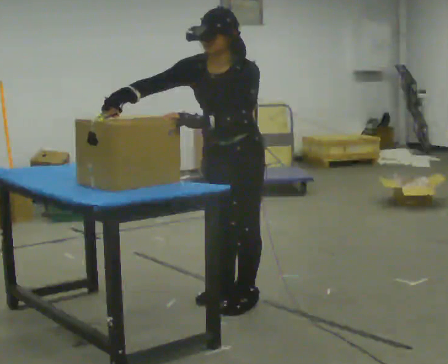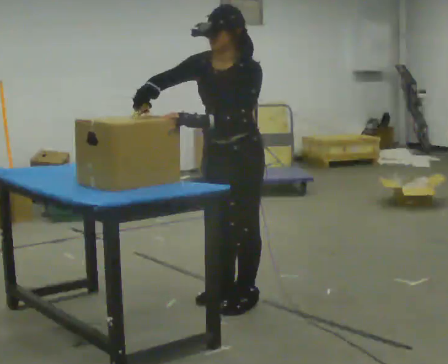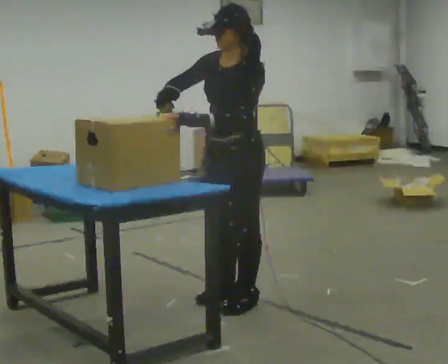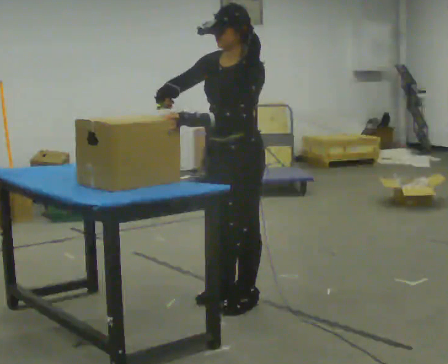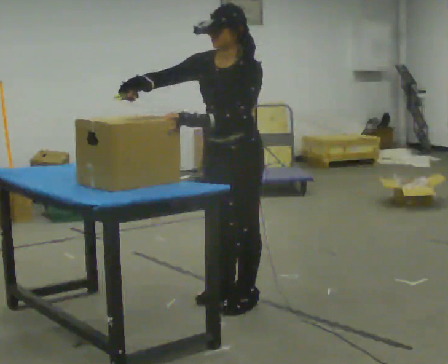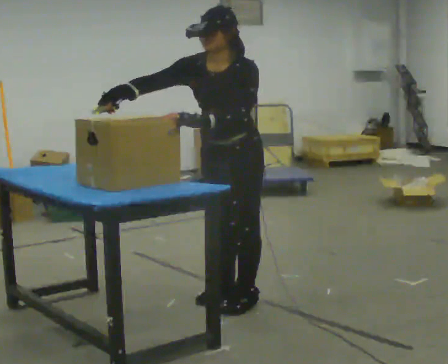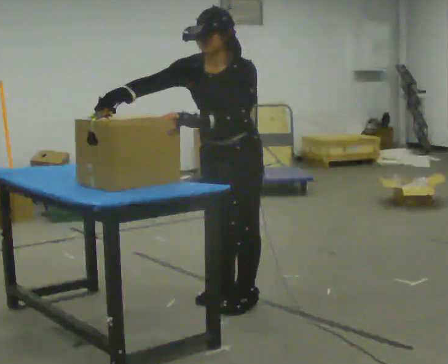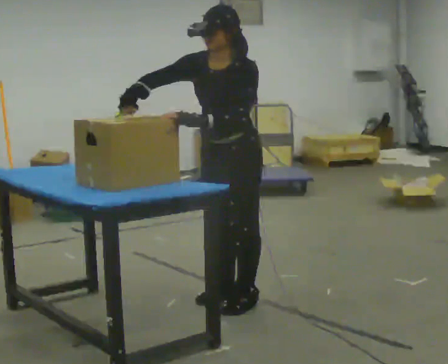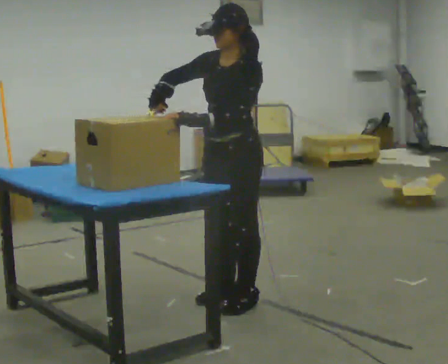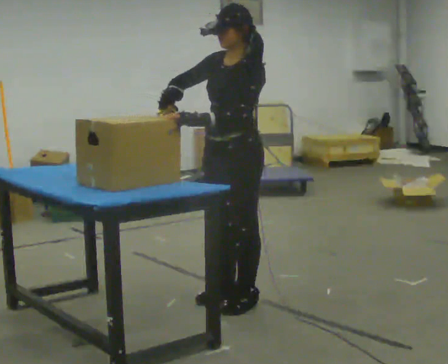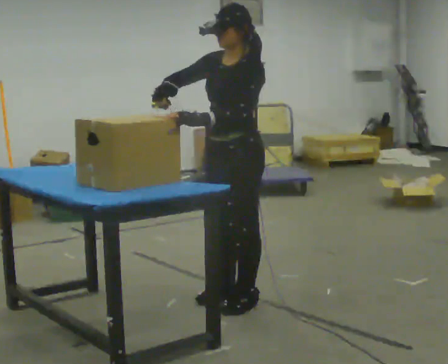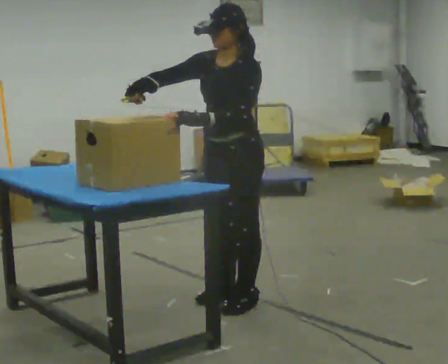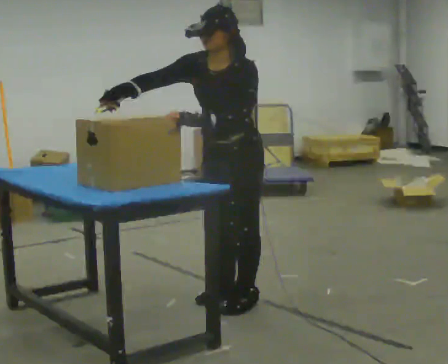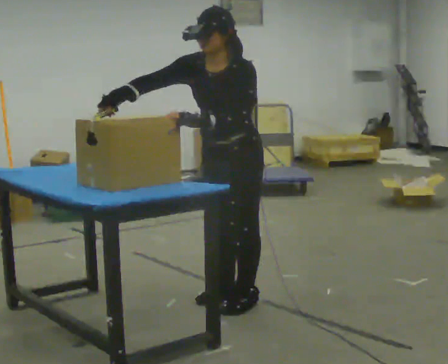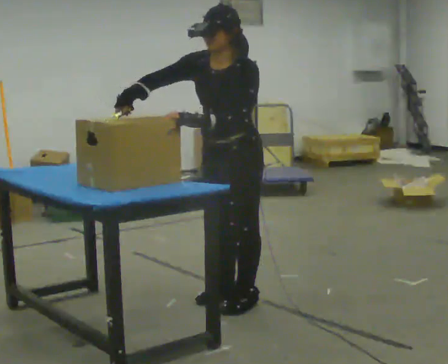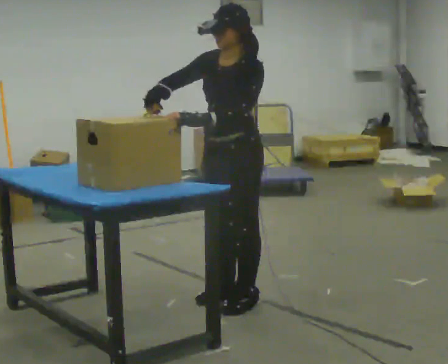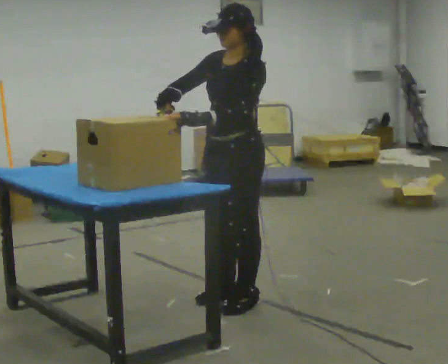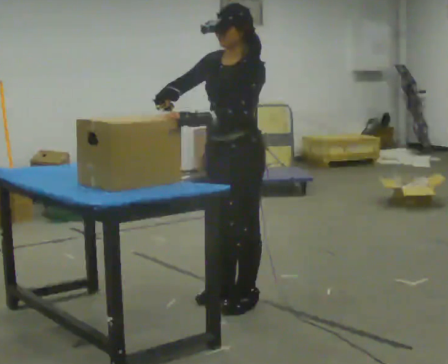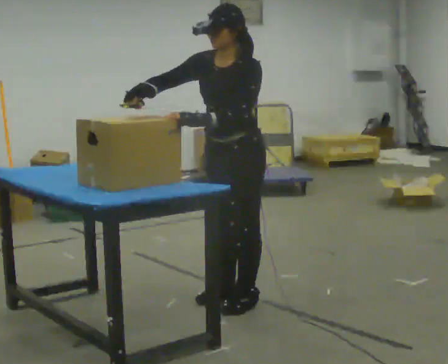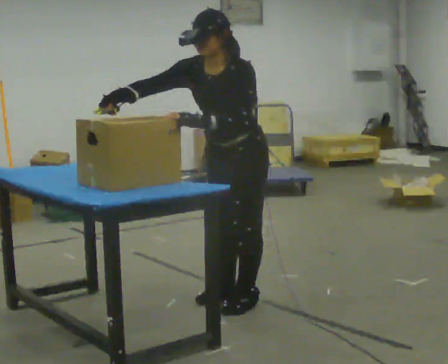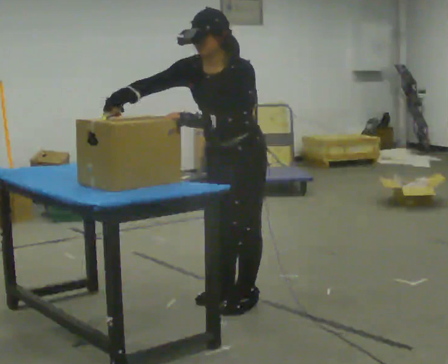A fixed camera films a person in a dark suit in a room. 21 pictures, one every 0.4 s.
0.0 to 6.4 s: The person moves a little, or ends about where they began.
6.4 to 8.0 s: In the picture the upper body tilts counterclockwise, shoulders to the left, as they bend forward.
The film runs forward here.
